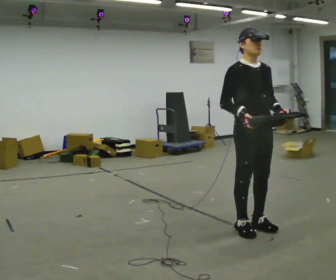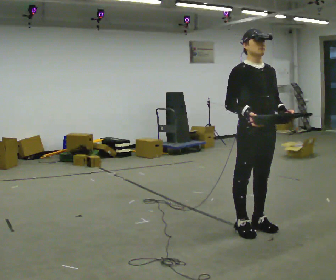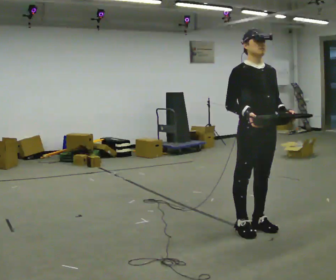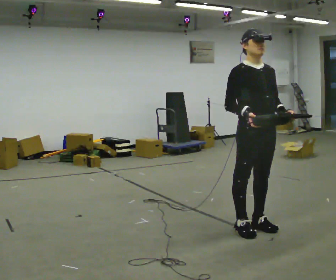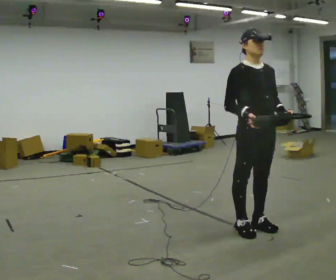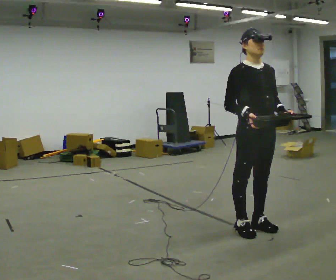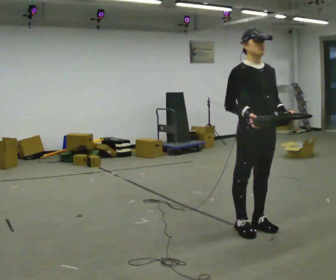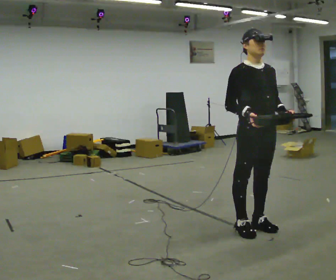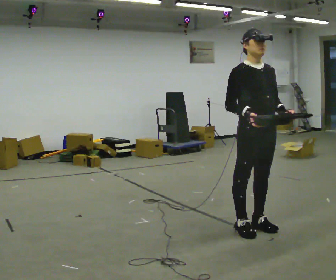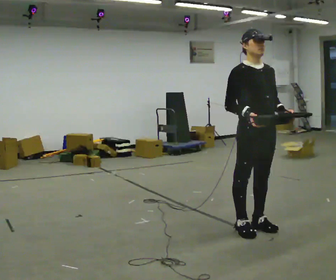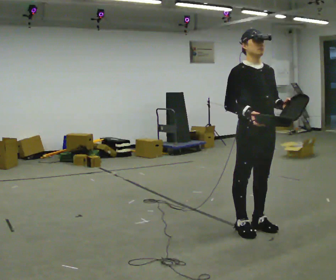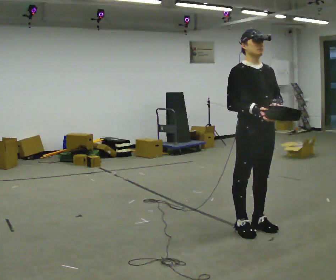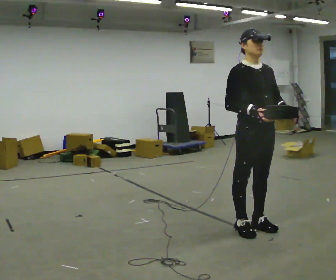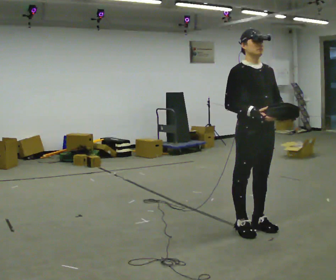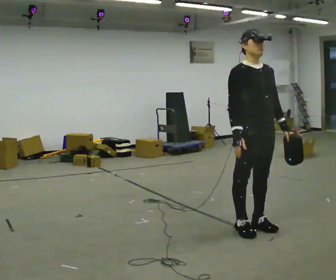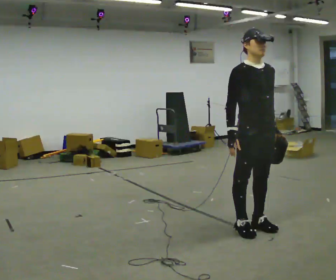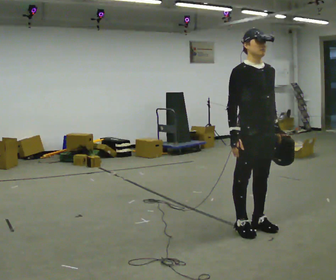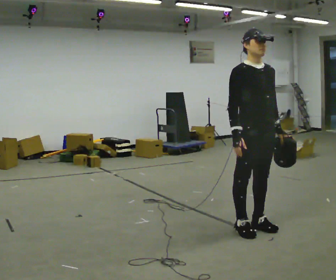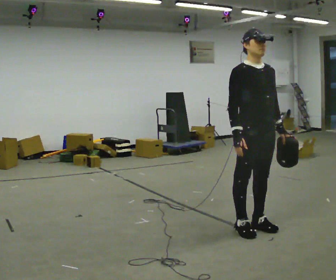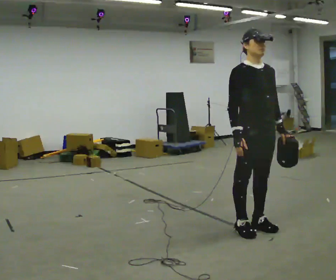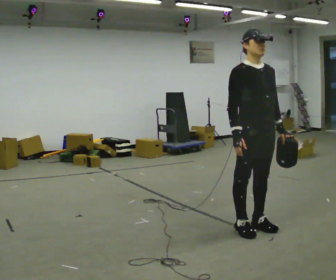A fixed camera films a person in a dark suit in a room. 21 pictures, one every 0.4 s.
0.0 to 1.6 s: The person moves a little, or ends about where they began.
1.6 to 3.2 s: The person keeps their place and pose.
3.2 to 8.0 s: The person moves a little, or ends about where they began.
The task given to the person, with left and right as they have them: Carry the box with its lid hanging open across the room, back and forth.
The film runs forward here.
